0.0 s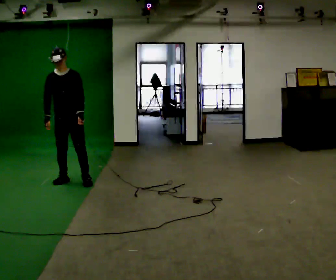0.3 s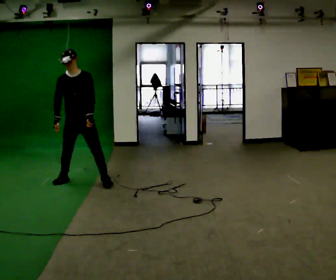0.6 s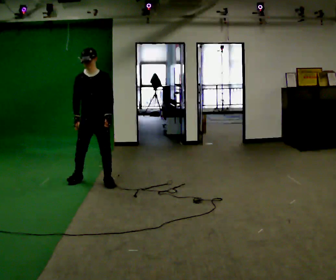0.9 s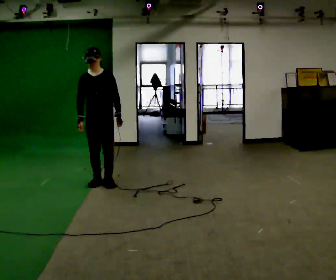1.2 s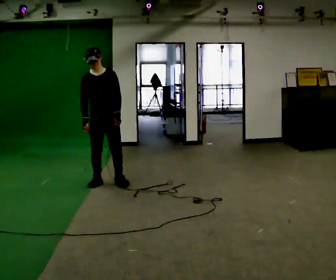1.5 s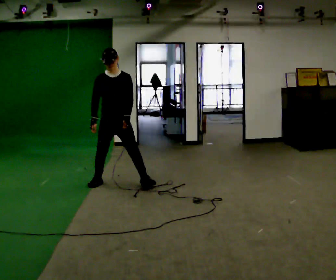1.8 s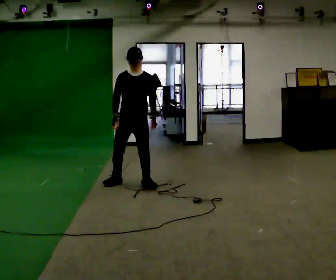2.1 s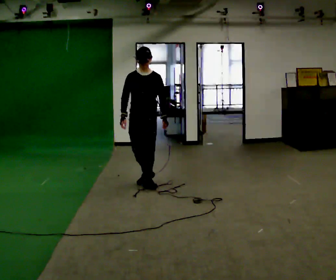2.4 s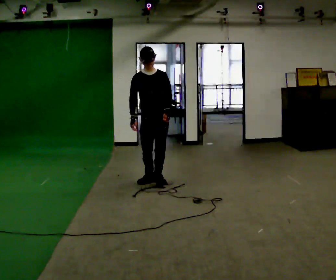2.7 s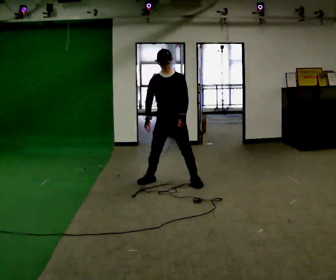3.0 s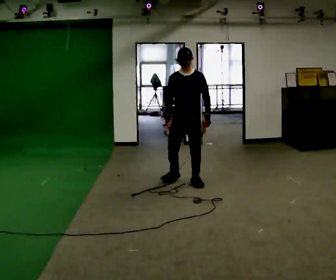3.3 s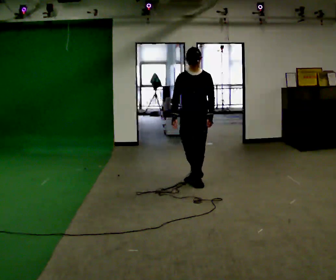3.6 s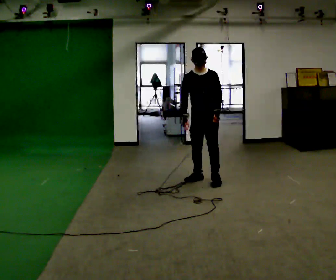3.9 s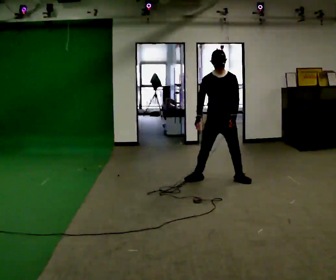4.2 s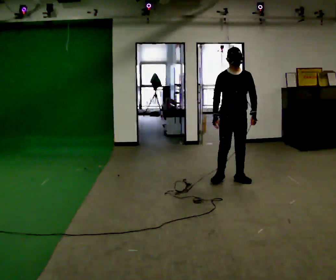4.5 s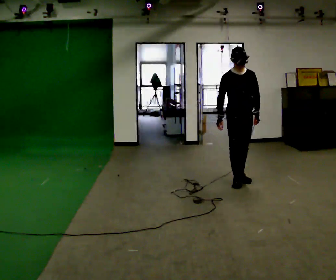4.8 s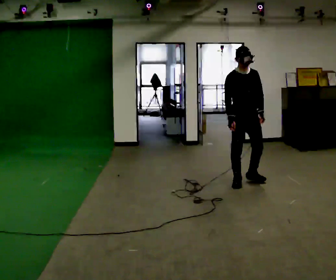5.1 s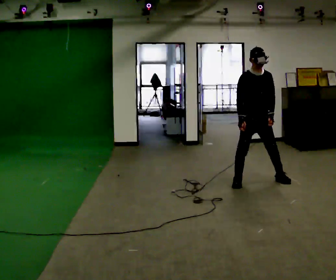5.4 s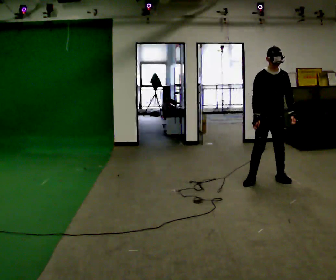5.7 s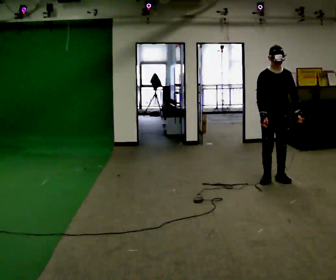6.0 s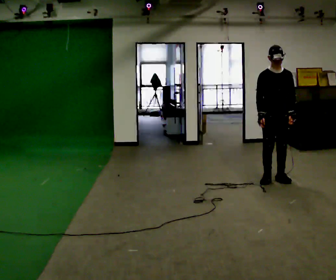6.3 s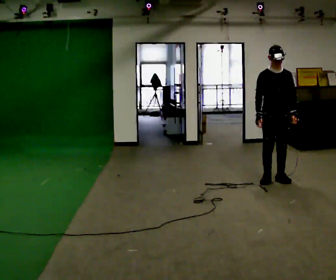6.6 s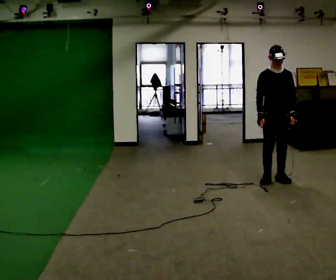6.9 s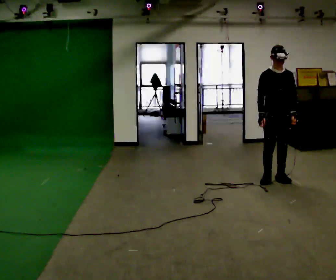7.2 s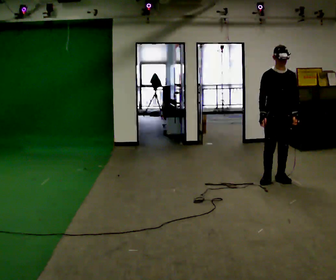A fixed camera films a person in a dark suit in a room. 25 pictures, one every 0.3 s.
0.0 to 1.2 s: In the picture they go to the right, about 0.5 m in 2 steps, which for them is to their left.
1.2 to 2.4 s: In the picture they go to the right, about 0.5 m in 2 steps, which for them is to their left.
2.4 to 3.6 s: In the picture they go to the right, about 0.75 m in 2 steps, which for them is to their left and backward.
3.6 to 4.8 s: The person turns about 30 degrees to their left, counterclockwise seen from above, so the part of the body nearest the lens slides to the right. In the picture they go to the right, about 0.5 m in 2 steps, which for them is to their left and forward.
4.8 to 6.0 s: In the picture they go to the right, about 0.5 m in 2 steps, which for them is to their left.
6.0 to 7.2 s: The person moves a little, or ends about where they began.
The film runs forward here.
